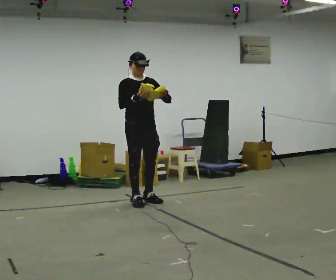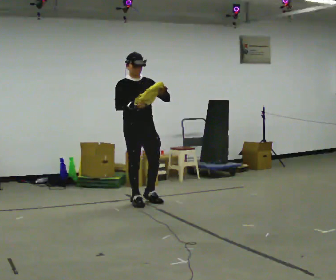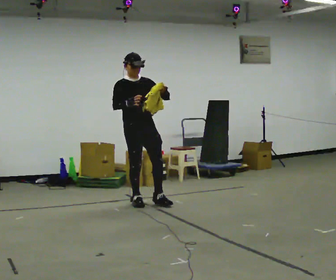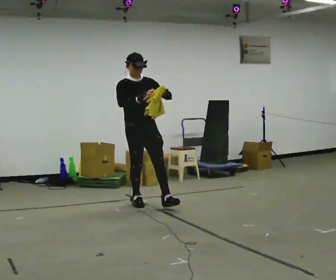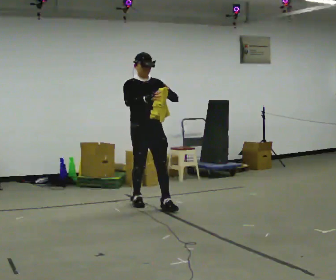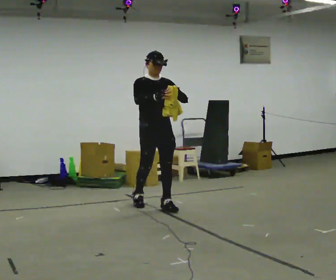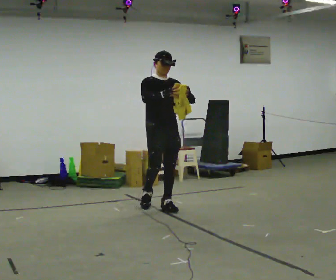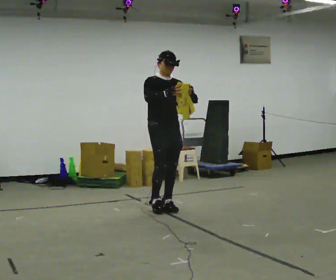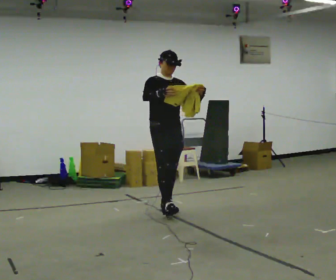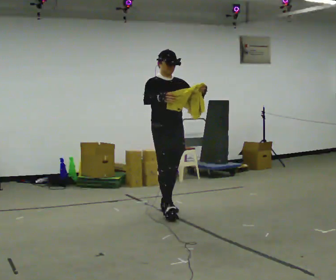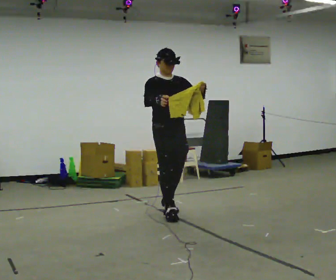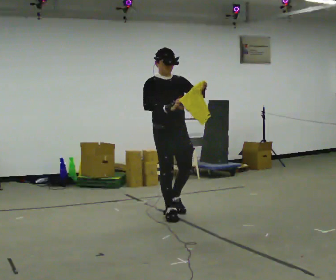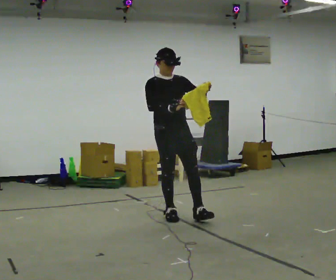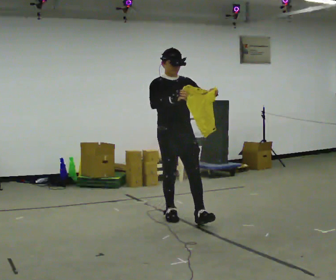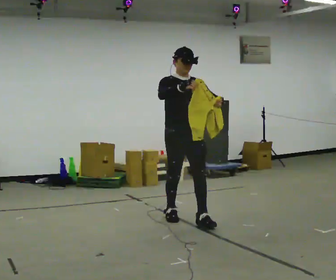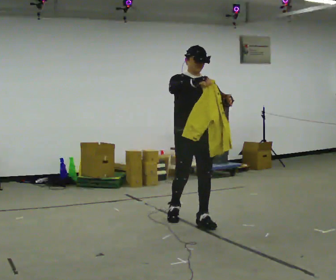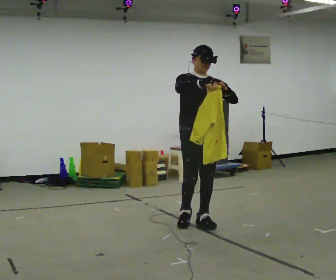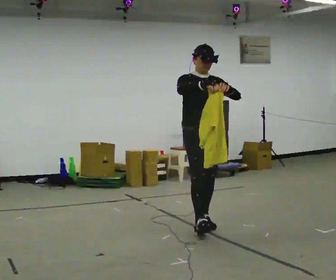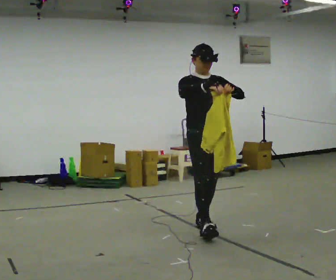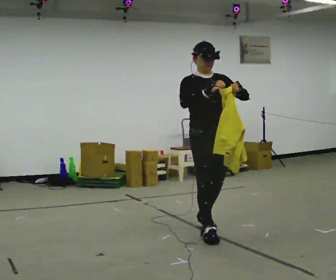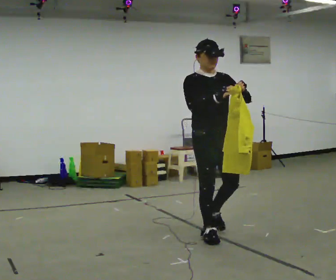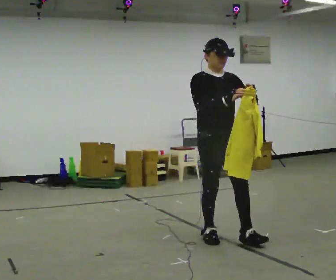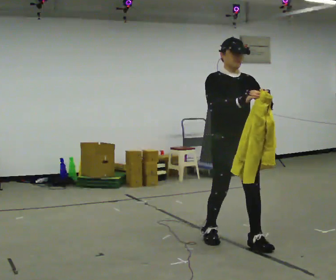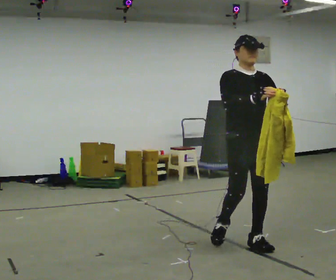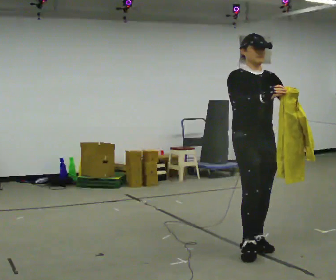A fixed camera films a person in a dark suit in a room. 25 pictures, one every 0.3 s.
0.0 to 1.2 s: The person moves a little, or ends about where they began.
1.2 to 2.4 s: In the picture they go to the right and toward the camera, about 0.25 m in 1 step, which for them is forward.
2.4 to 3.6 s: In the picture they go toward the camera, about 0.25 m, which for them is forward and to their right.
3.6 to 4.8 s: In the picture they go to the right and toward the camera, about 0.5 m in 1 step, which for them is forward.
4.8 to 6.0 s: In the picture they go toward the camera, about 0.5 m in 1 step, which for them is forward.
6.0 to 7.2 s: In the picture they go to the right and toward the camera, about 0.5 m in 1 step, which for them is forward.
The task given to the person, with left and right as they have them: Carry the cloth and, while walking, fold it in half, then unfold it. Keep repeating as you walk. Do not stop.
The film runs forward here.
